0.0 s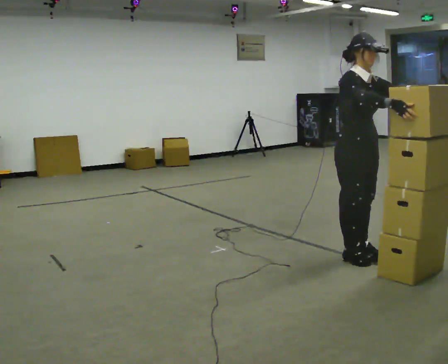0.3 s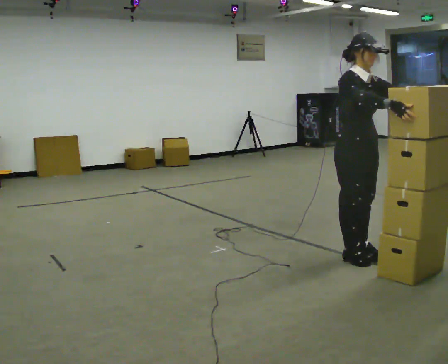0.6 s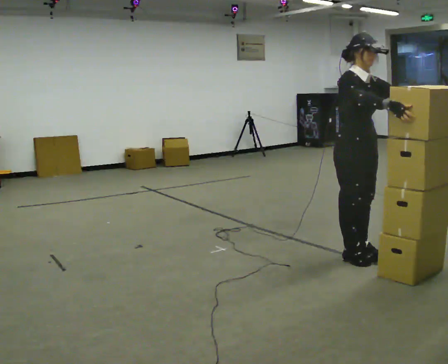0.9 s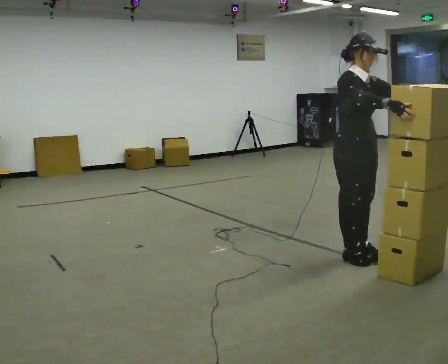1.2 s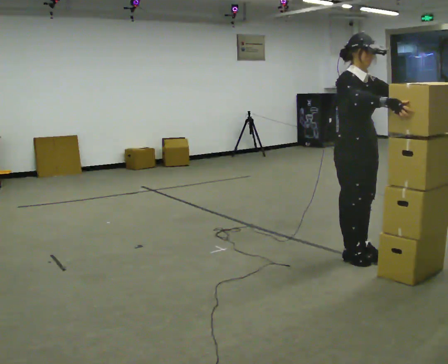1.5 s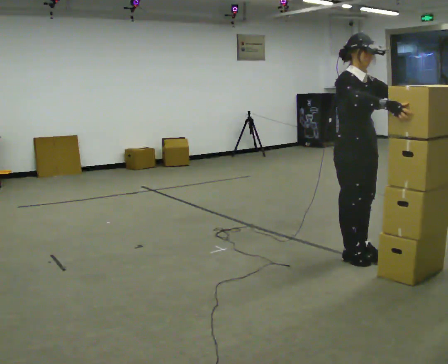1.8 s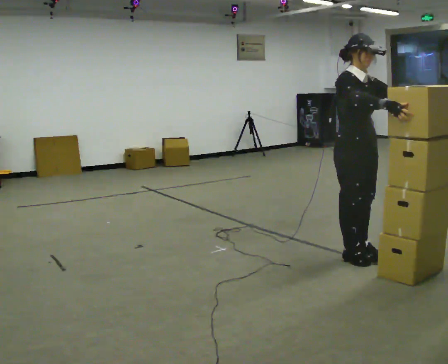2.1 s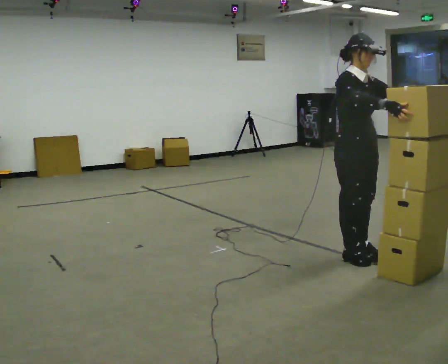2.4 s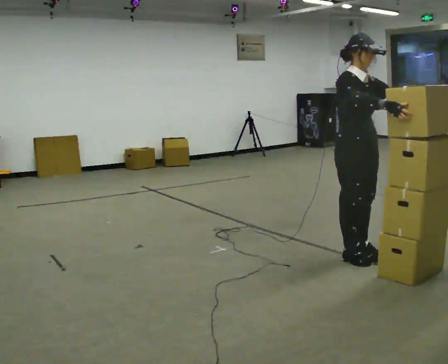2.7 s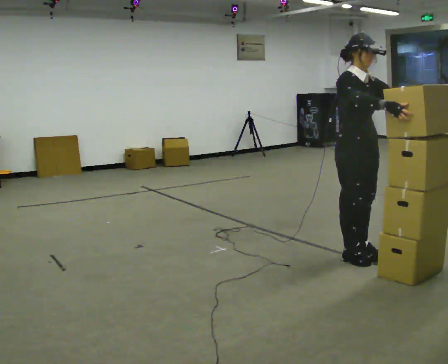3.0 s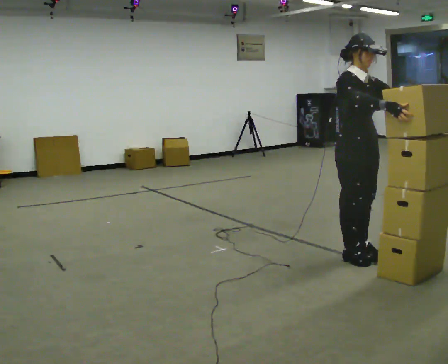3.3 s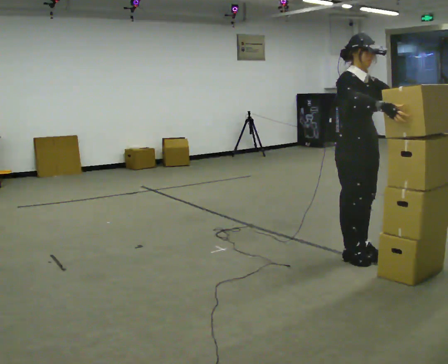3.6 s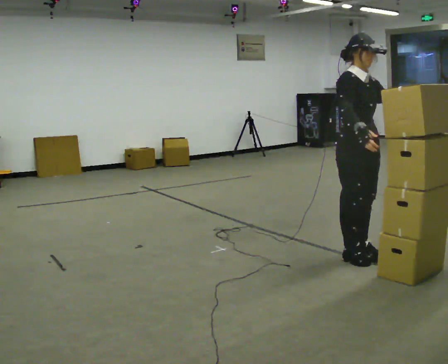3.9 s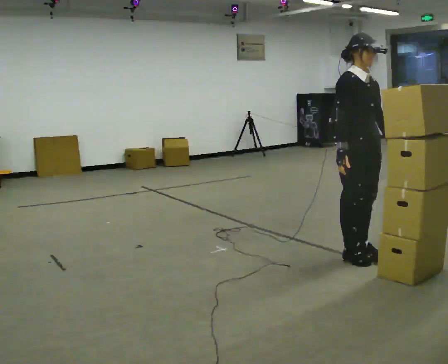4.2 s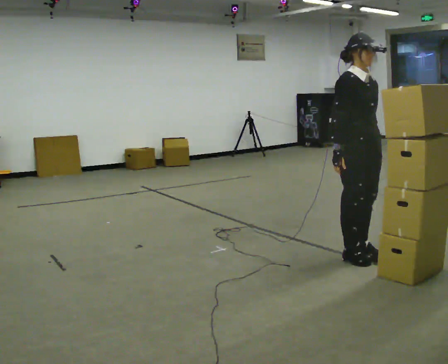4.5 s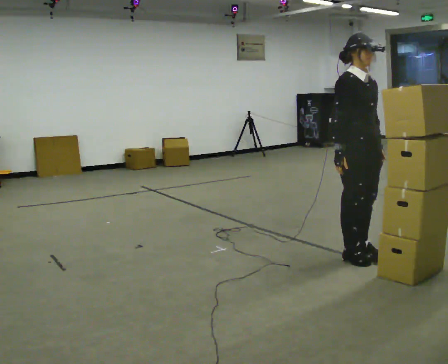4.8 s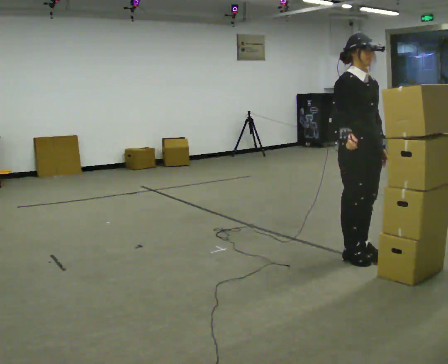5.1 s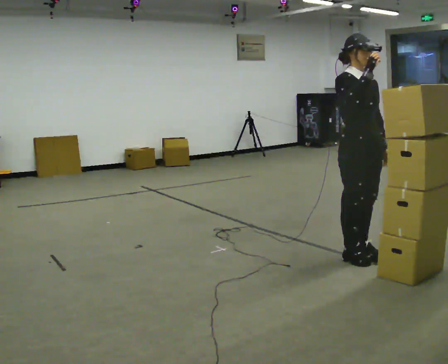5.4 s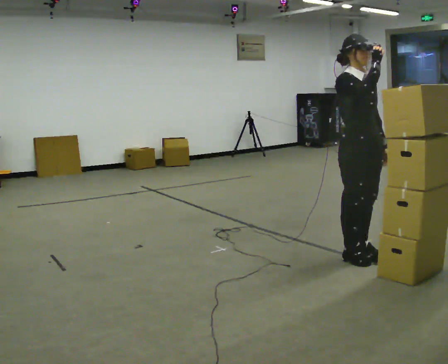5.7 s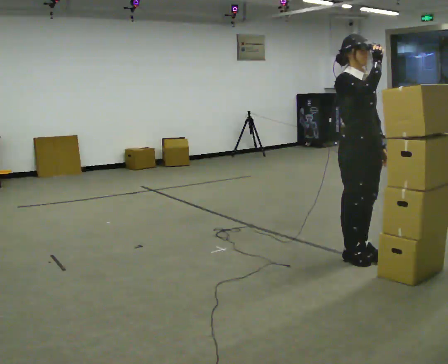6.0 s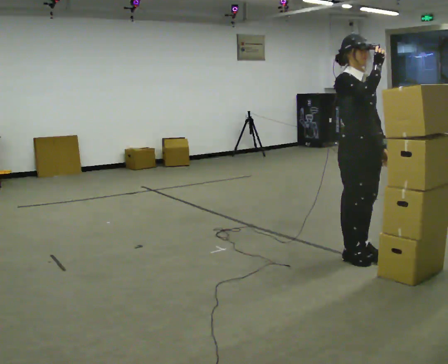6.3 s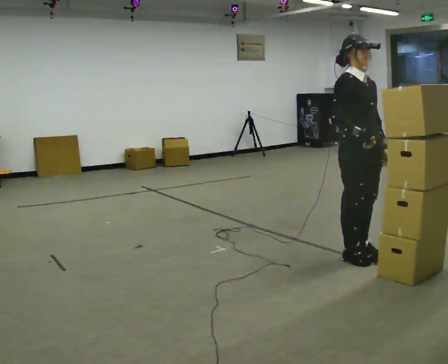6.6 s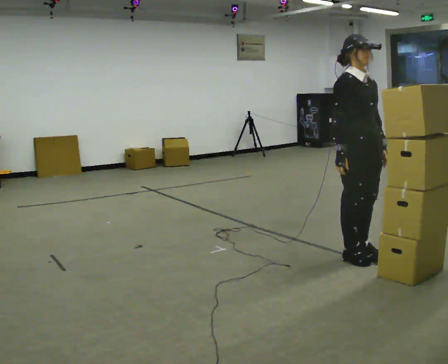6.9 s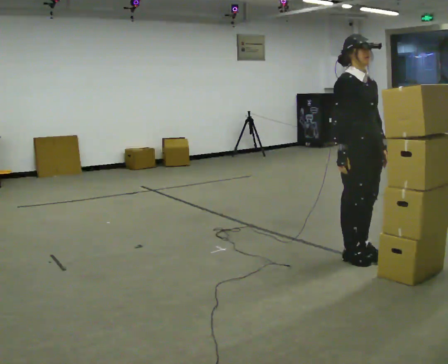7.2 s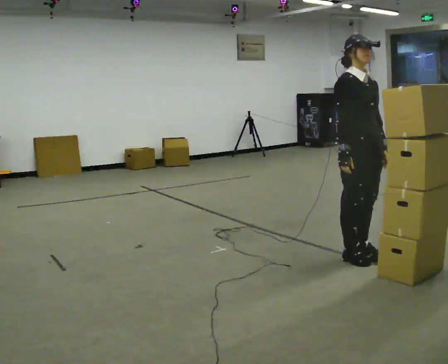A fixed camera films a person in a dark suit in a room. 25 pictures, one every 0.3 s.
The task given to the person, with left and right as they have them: Carry the stack of boxes across the room without letting it fall over, then bring it back. Keep going until the operator says stop; one object at a time, and do not rush between trips.
0.0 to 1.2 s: The person moves a little, or ends about where they began.
1.2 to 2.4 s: The person keeps their place and pose.
2.4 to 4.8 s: In the picture their left hand goes to the left, the arm swinging clockwise.
4.8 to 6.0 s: In the picture their right hand goes upward.
6.0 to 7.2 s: In the picture their right hand goes downward.
The film runs forward here.
